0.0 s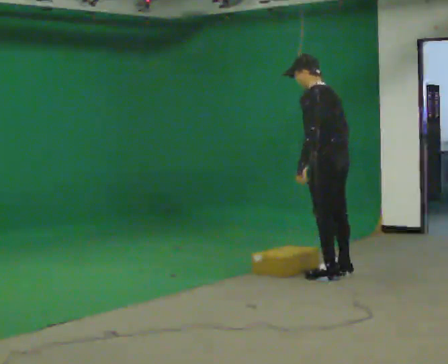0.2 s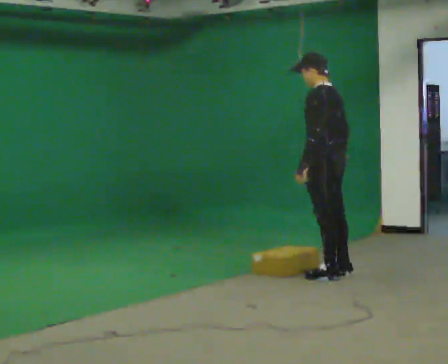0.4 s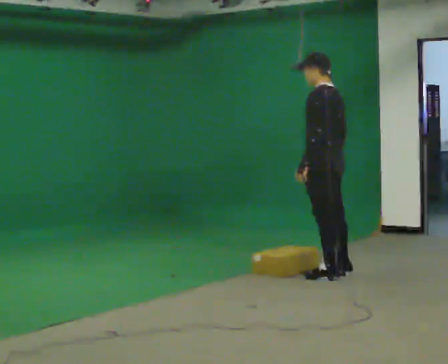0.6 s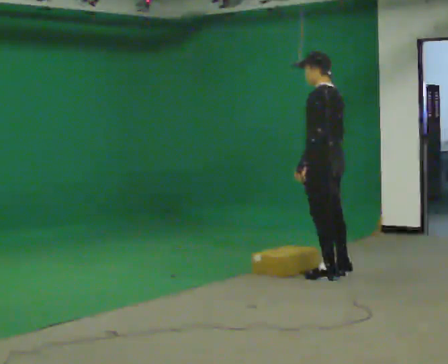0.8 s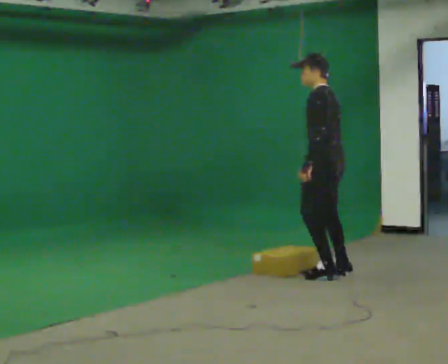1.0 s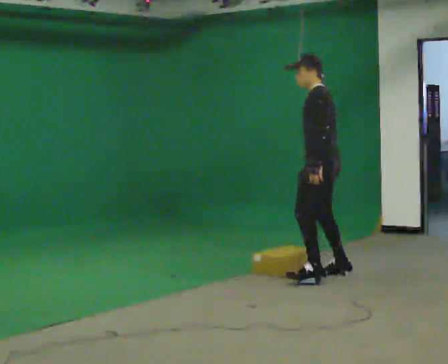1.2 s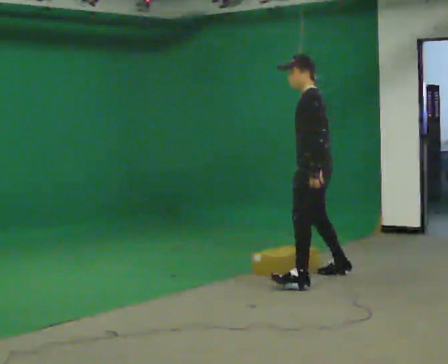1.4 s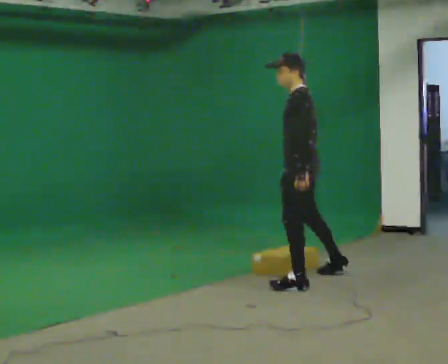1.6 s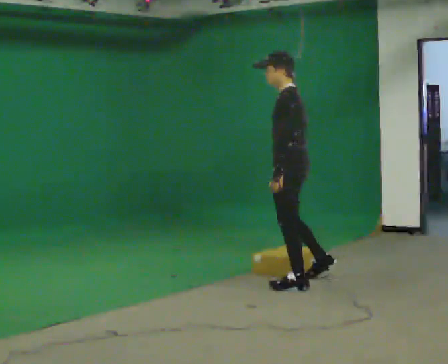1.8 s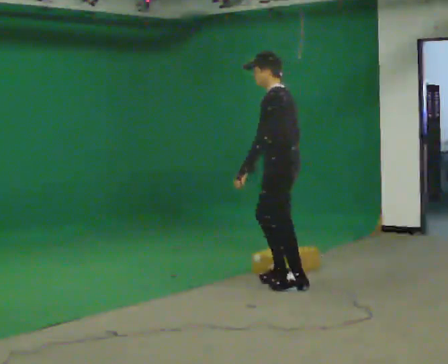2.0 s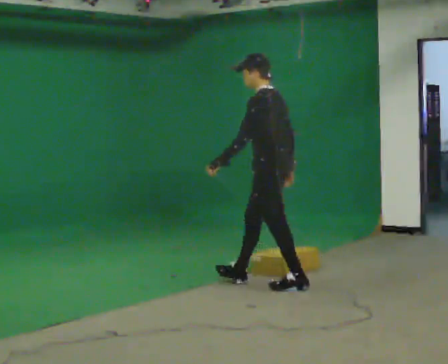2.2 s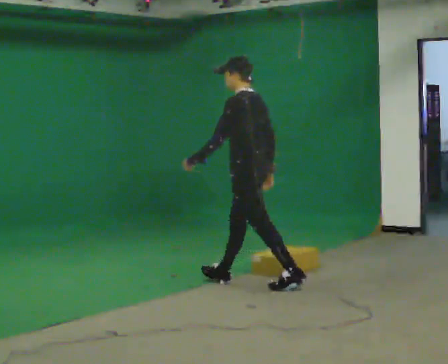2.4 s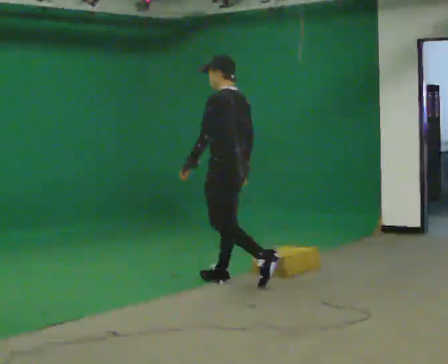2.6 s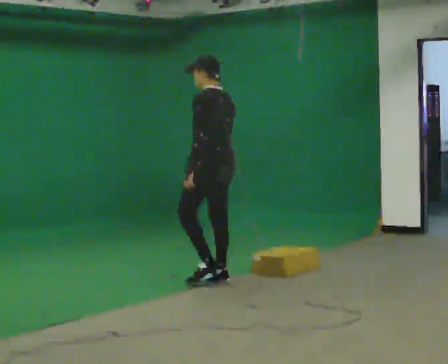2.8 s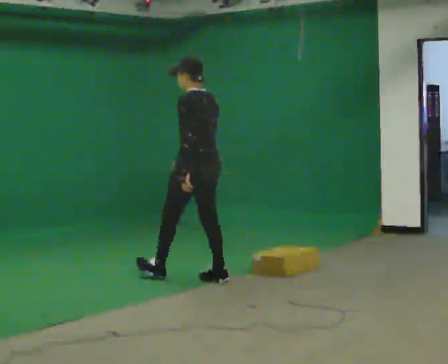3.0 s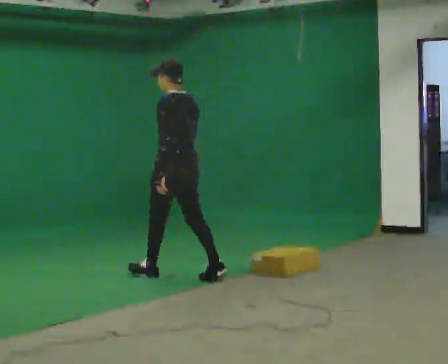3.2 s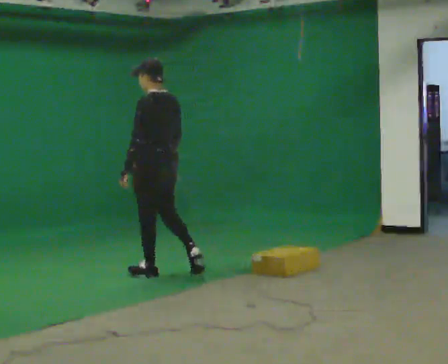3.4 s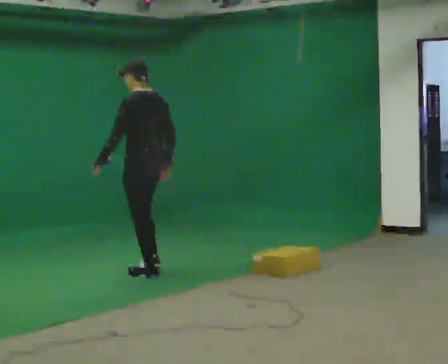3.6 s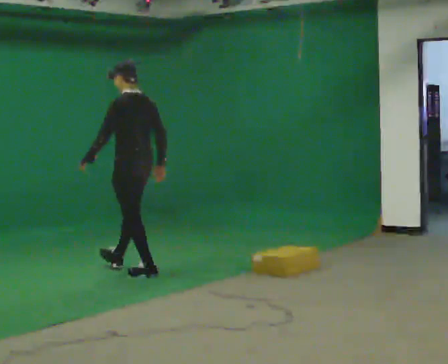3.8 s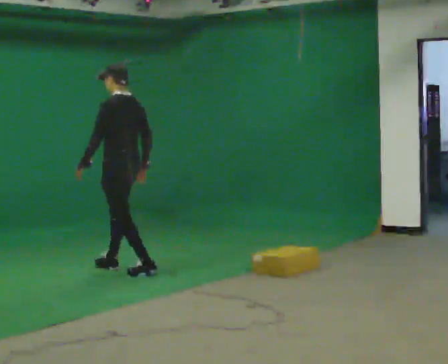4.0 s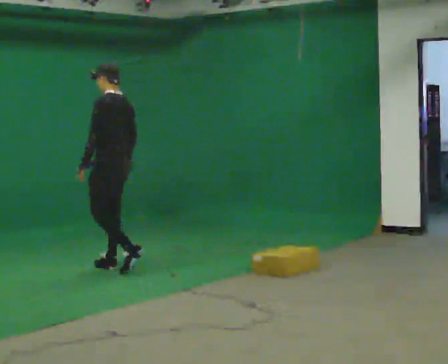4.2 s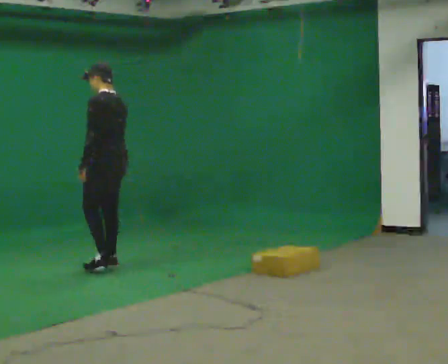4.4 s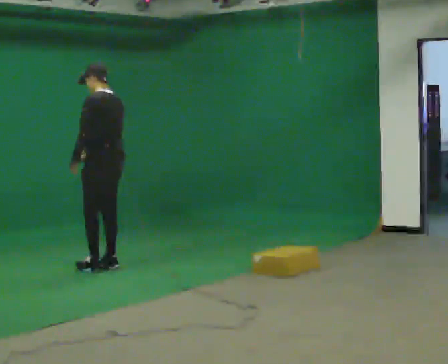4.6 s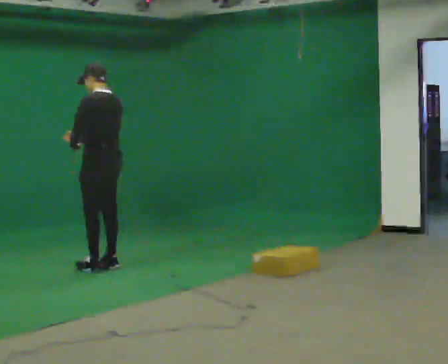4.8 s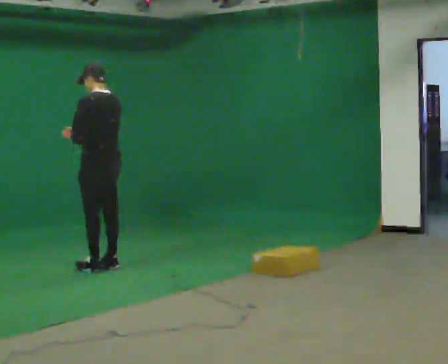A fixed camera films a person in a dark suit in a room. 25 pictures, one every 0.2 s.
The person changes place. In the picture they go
to the left.
The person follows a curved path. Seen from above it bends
clockwise.
0.0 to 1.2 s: The person moves a little, or ends about where they began.
1.2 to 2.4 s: In the picture they go to the left, about 0.75 m in 2 steps, which for them is forward.
2.4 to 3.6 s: In the picture they go to the left and away from the camera, about 1 m in 1 step, which for them is forward.
3.6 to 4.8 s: In the picture they go to the left and away from the camera, about 0.5 m in 2 steps, which for them is forward.
The film runs forward here.
